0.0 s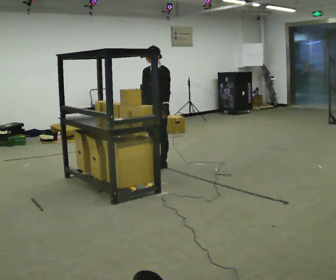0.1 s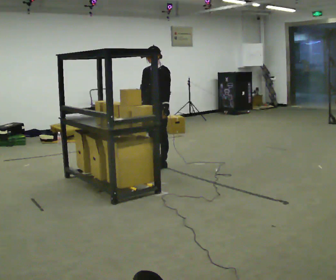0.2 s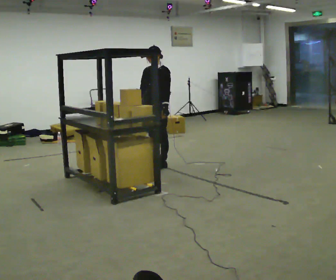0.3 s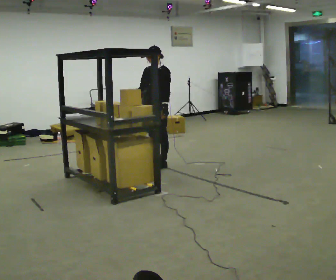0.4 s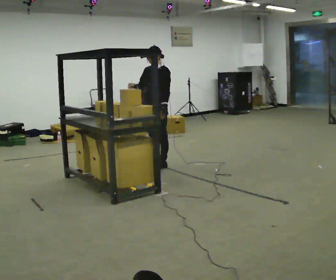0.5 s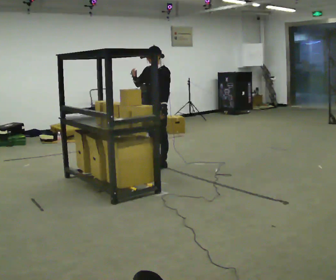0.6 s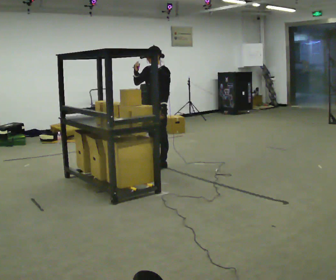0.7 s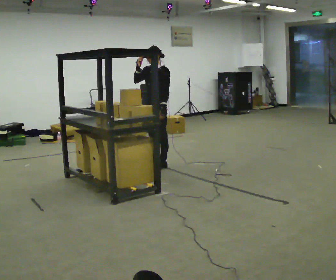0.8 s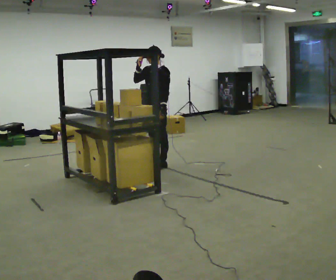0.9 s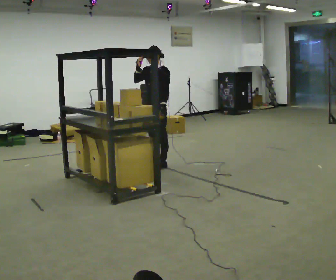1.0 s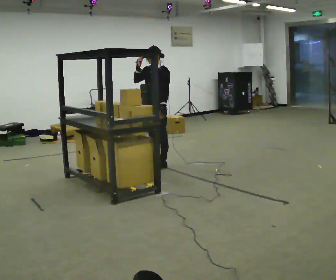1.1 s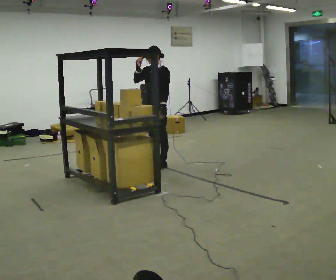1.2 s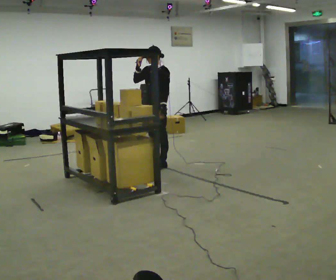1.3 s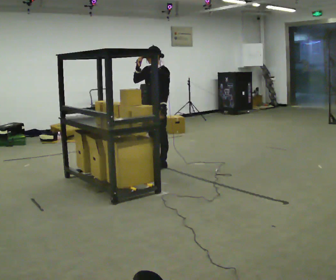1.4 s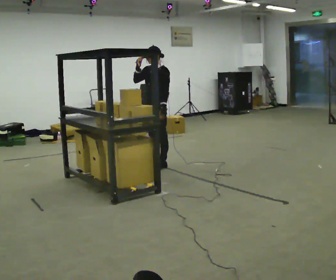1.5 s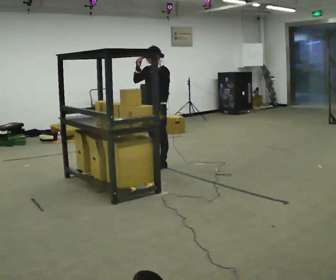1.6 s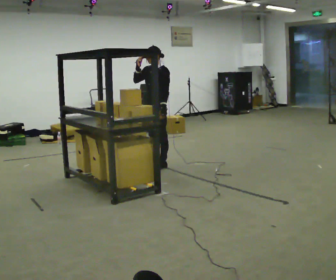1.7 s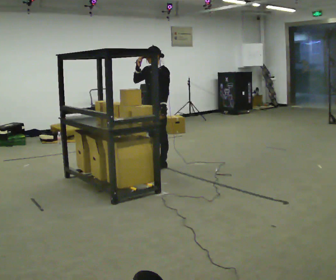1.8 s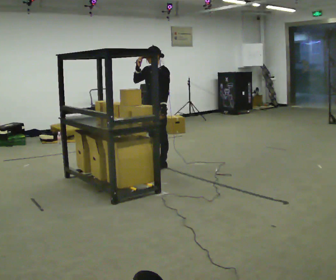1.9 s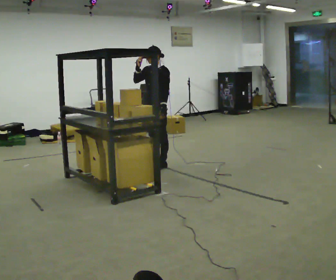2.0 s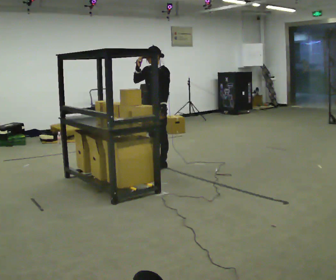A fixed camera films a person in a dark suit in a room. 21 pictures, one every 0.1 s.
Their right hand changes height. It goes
upward.
0.0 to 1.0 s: In the picture their right hand goes upward.
1.0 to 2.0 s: The person keeps their place and pose.
The film runs backward here.
